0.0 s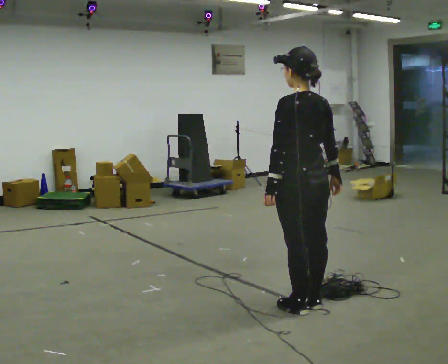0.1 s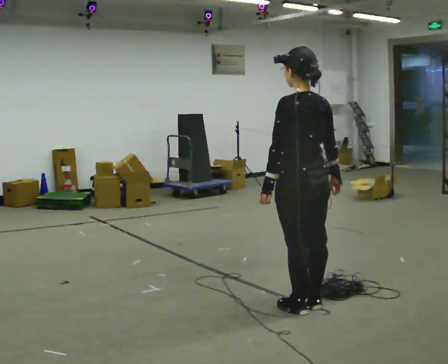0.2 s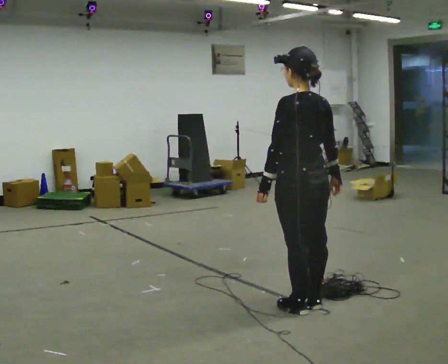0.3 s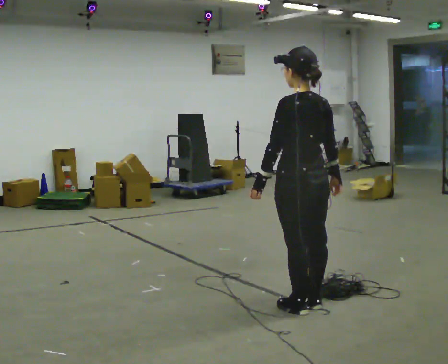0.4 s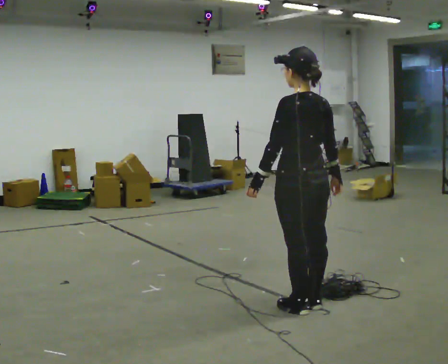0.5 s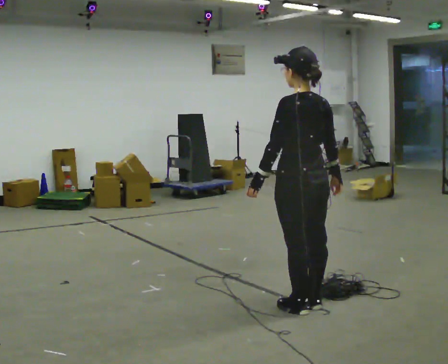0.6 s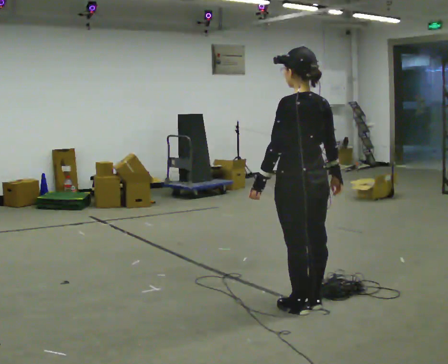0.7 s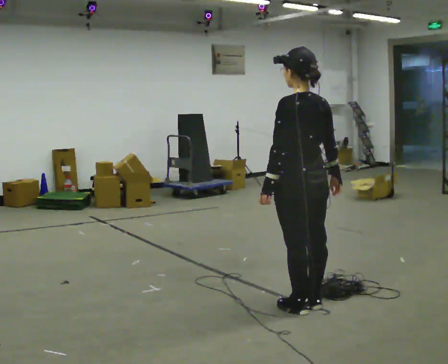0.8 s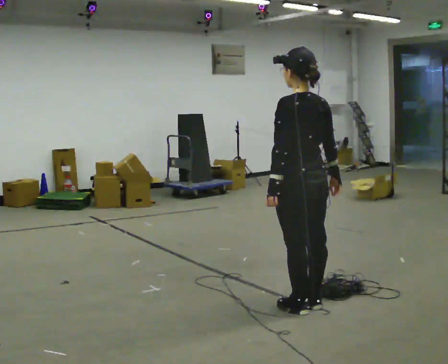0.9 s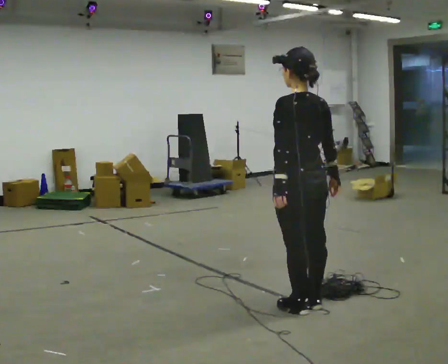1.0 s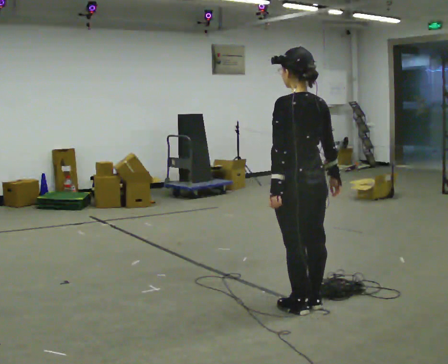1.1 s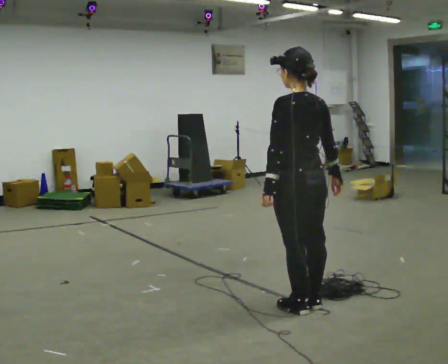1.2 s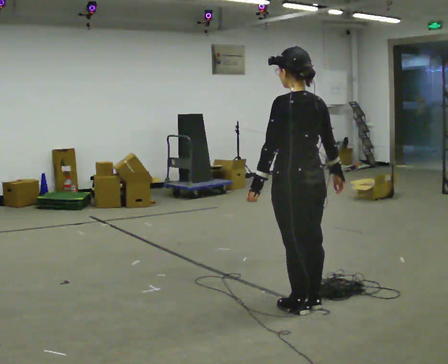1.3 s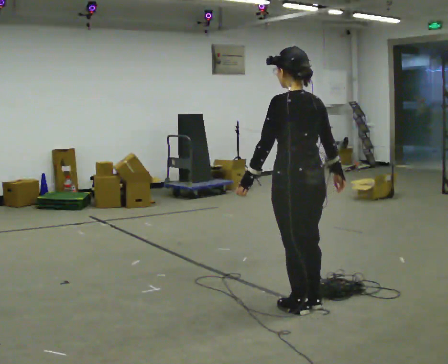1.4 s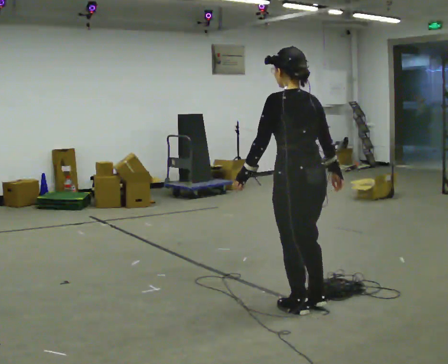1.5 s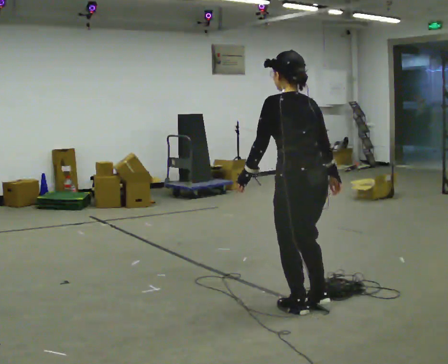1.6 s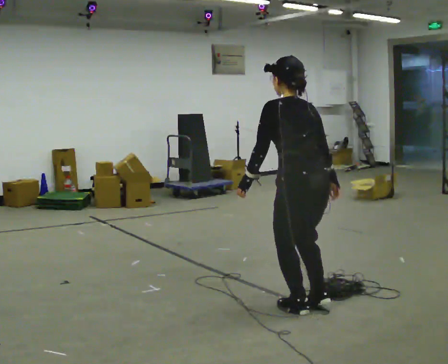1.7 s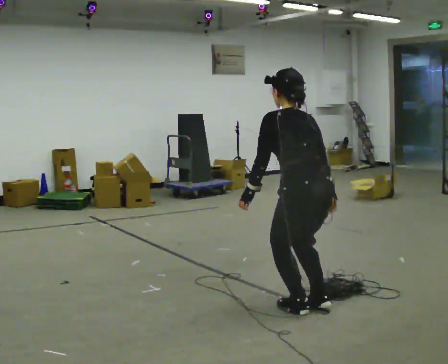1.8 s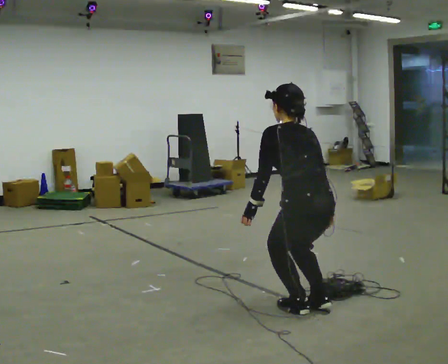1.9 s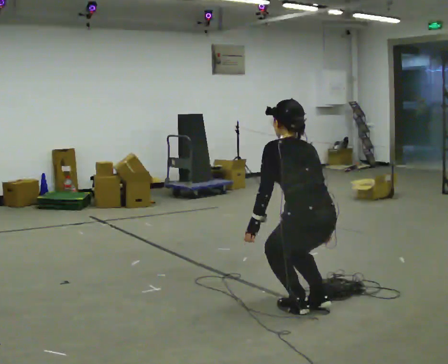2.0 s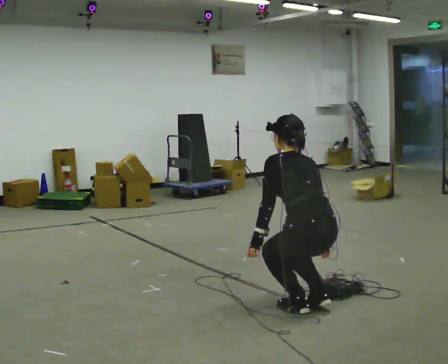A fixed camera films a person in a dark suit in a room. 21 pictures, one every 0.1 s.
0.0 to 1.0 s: The person moves a little, or ends about where they began.
1.0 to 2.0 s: The shoulders move downward. The upper body tips away from the camera, its near side rolling upward, as they bend forward. In the picture their left hand goes downward.
The film runs backward here.
